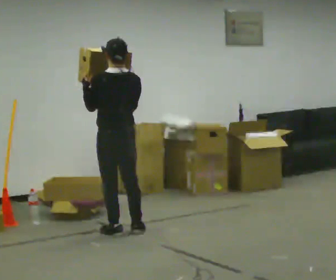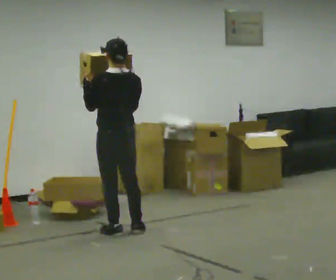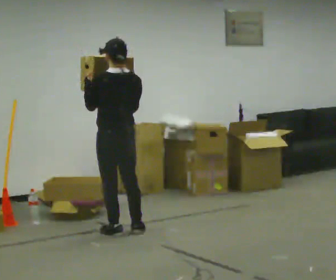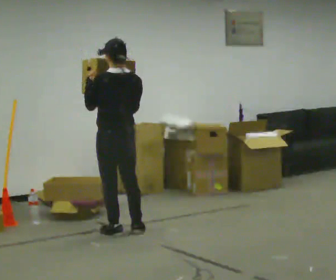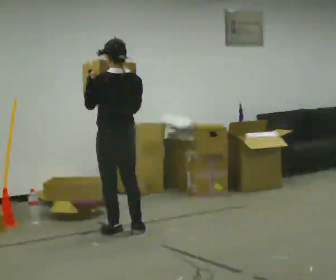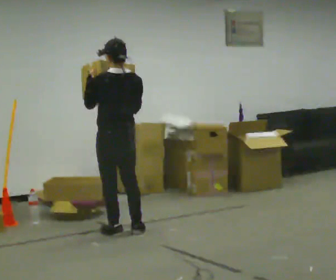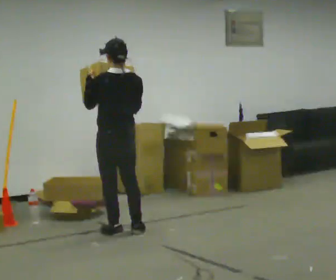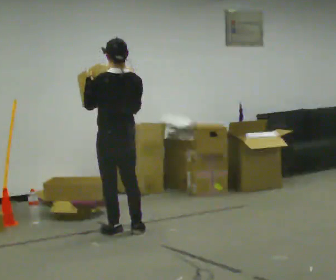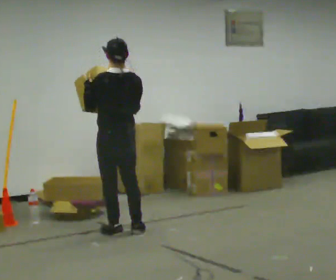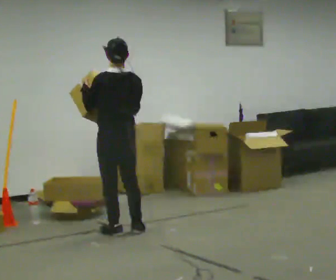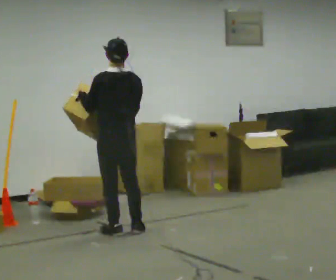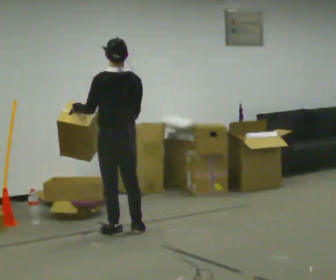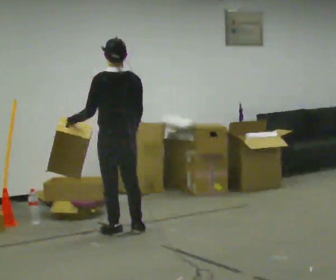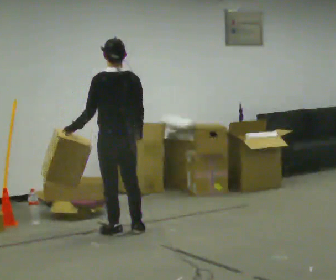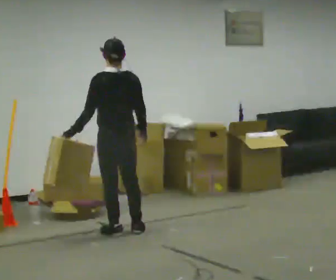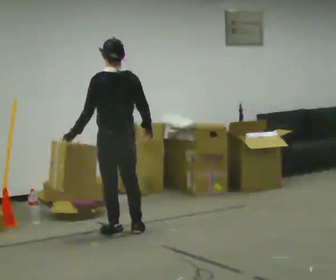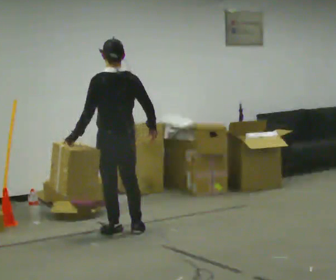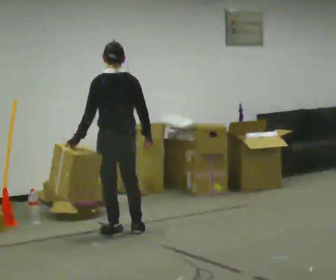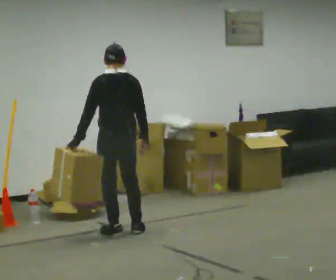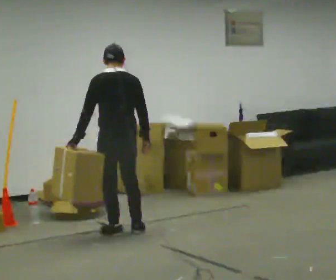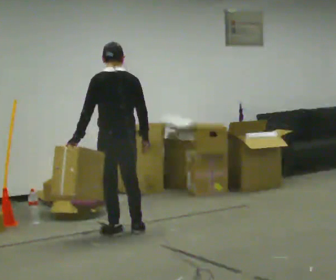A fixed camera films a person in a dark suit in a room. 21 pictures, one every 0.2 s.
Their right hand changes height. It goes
downward.
0.0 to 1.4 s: The person moves a little, or ends about where they began.
1.4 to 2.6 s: In the picture their left hand goes downward.
2.6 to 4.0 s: The person moves a little, or ends about where they began.
The film runs forward here.
